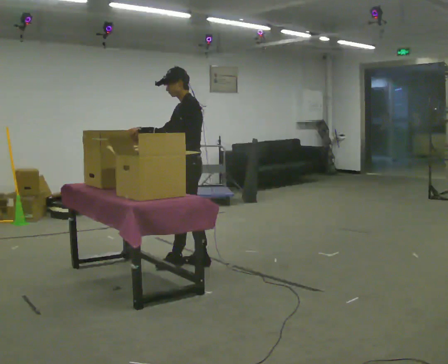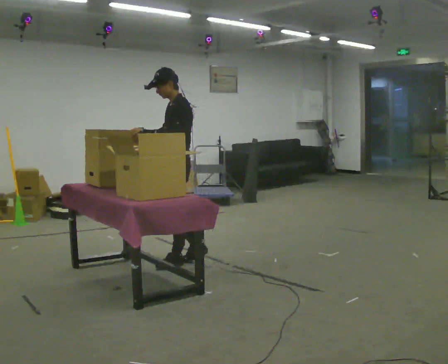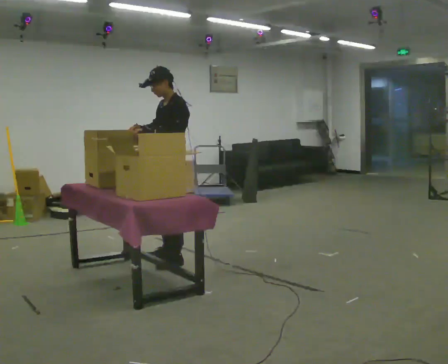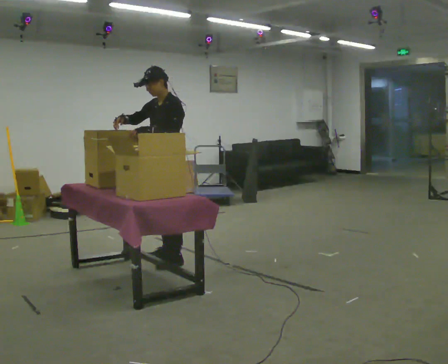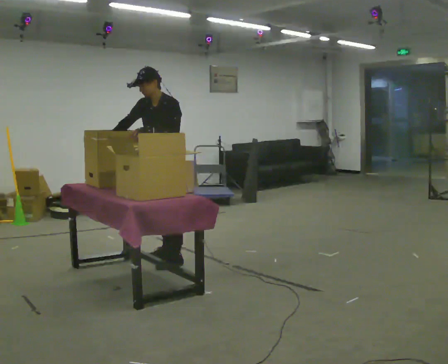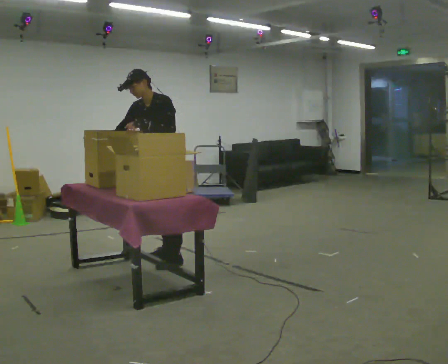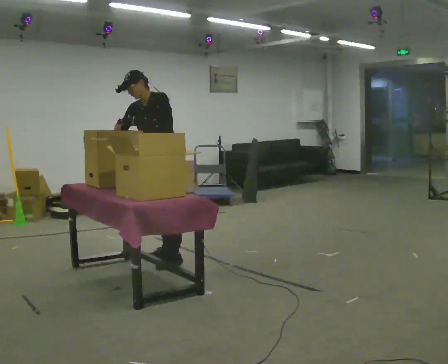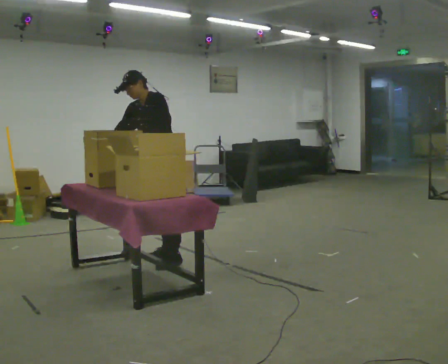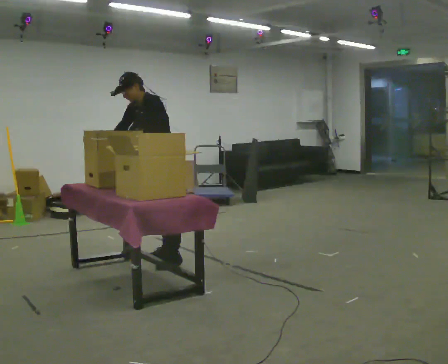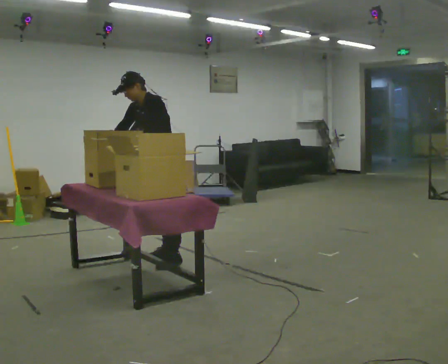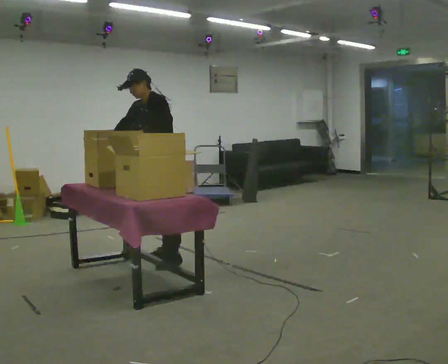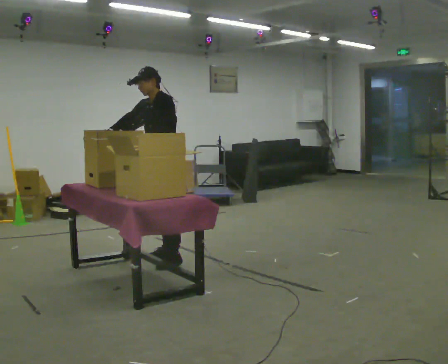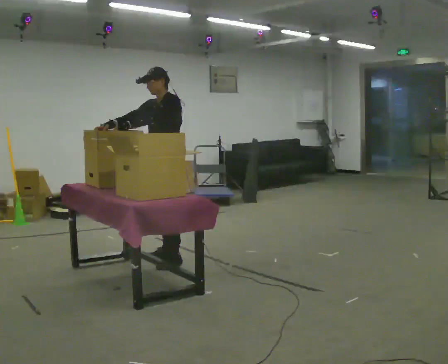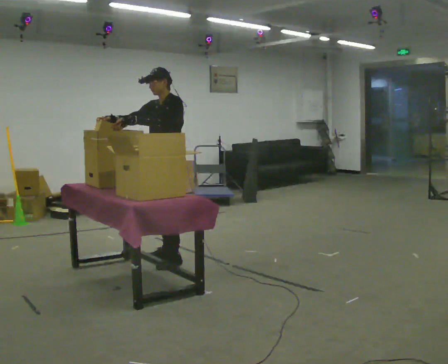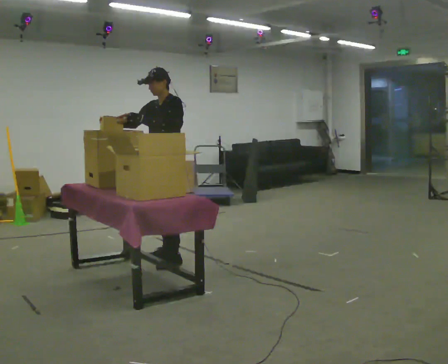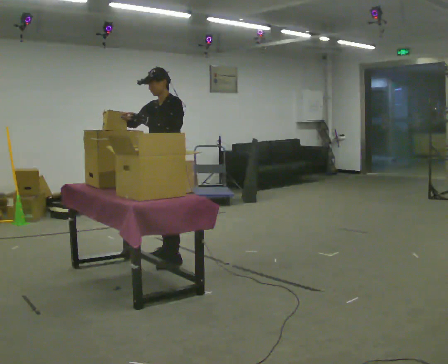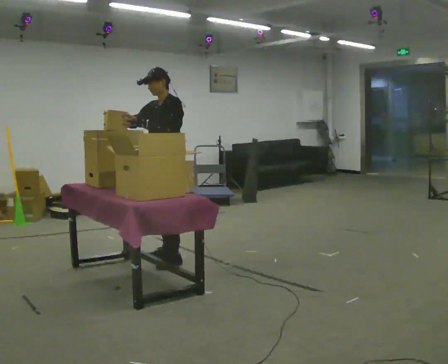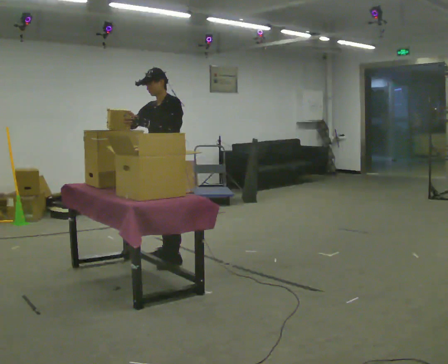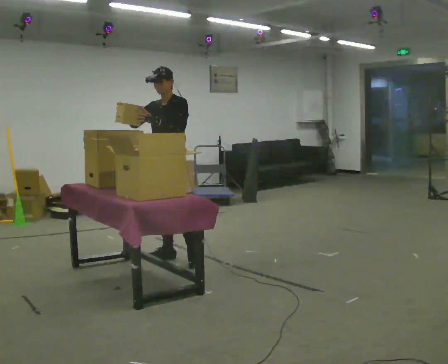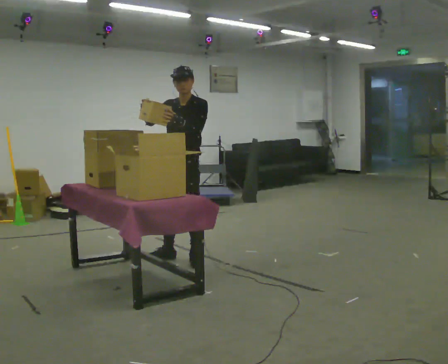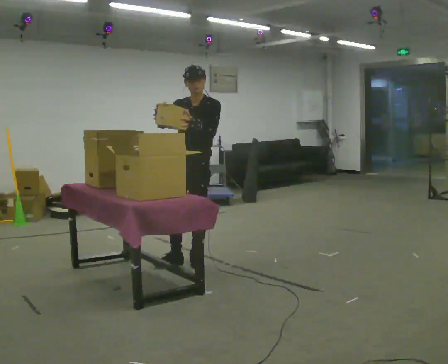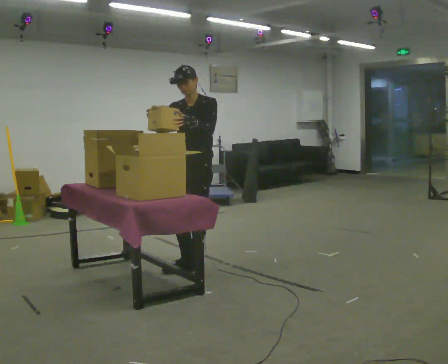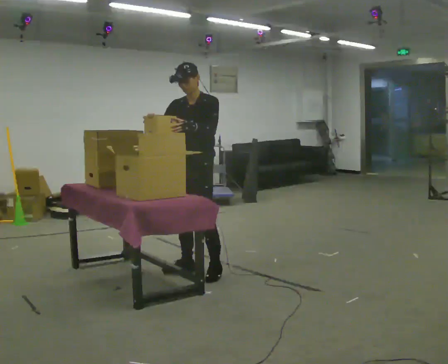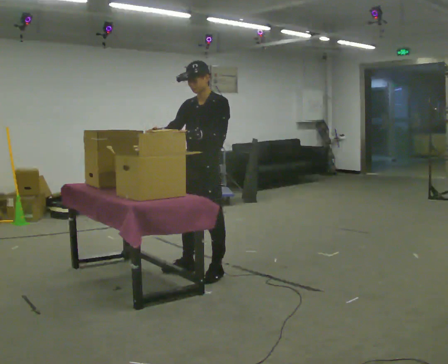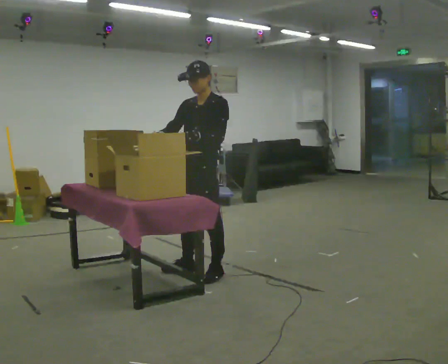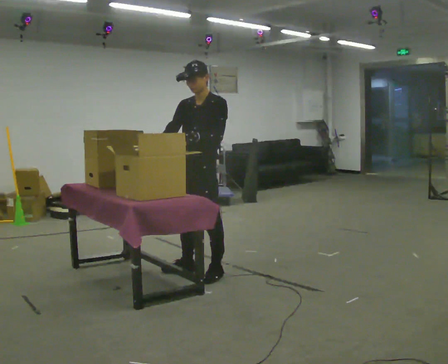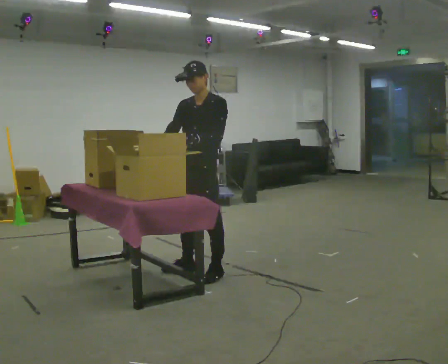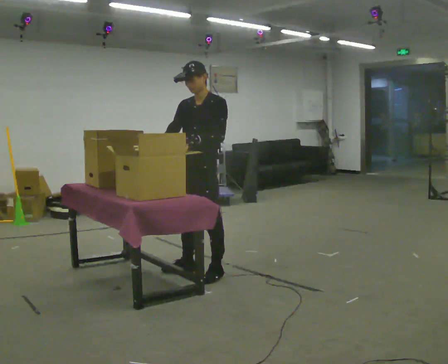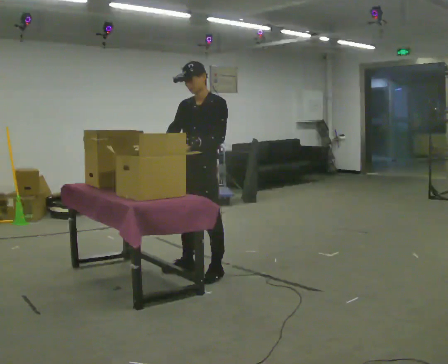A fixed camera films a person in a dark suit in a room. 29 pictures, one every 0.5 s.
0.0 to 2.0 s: The person turns about 30 degrees to their left, counterclockwise seen from above, so the part of the body nearest the lens slides to the right. In the picture they go to the left, about 0.25 m in 1 step, which for them is to their right and forward. In the picture their right hand goes to the left.
2.0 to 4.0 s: The person moves a little, or ends about where they began.
4.0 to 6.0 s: In the picture the upper body tilts clockwise, shoulders to the right, as they lean back or straighten.
6.0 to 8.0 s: The person moves a little, or ends about where they began.
8.0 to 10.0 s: The part of the body nearest the lens slides to the right as the person turns to their left by about 30 degrees. In the picture they go to the right and toward the camera, about 0.25 m in 1 step, which for them is to their left.
10.0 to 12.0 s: In the picture they go toward the camera, about 0.25 m in 2 steps, which for them is forward and to their left.
12.0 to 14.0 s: The person moves a little, or ends about where they began.
The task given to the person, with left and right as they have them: Move the items from one container to the other one at a time, then move them back. Repeat at your own pace until the operator says stop. Keep both feet on the marked spots for the whole take. If you have to step, stop and tell the operator.
The film runs forward here.
